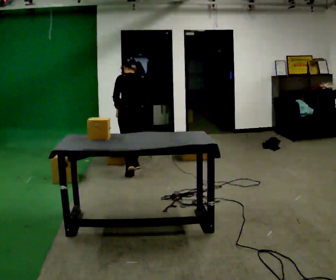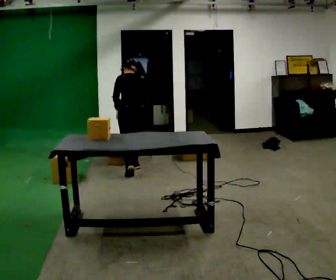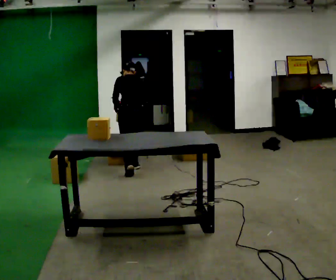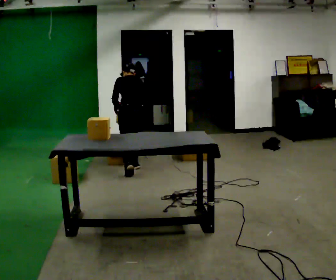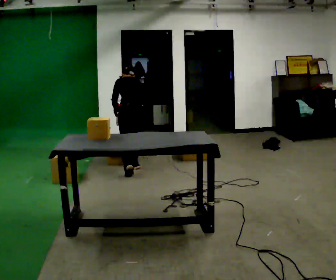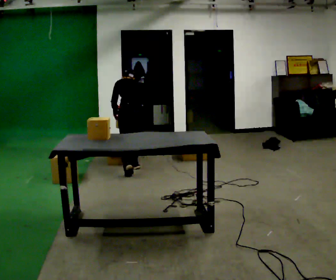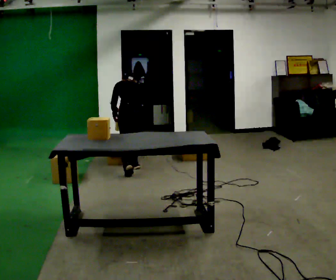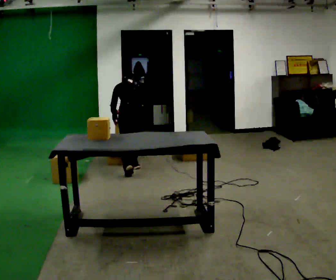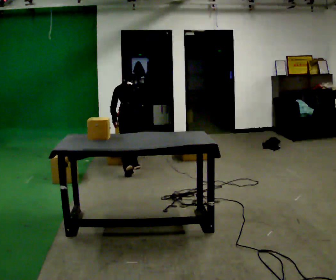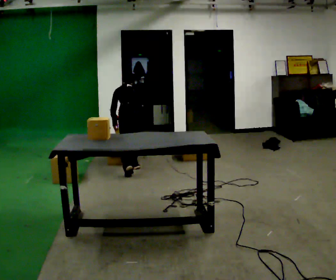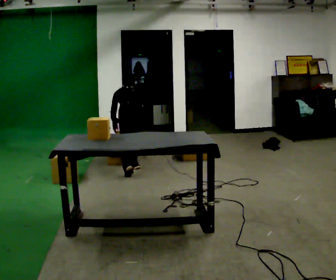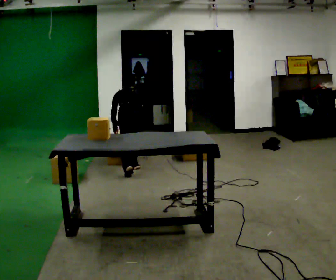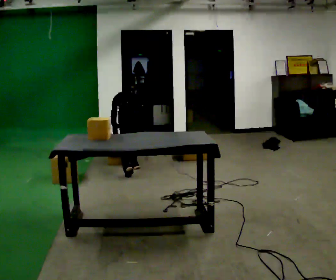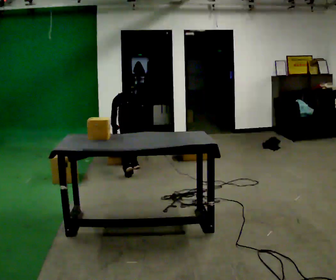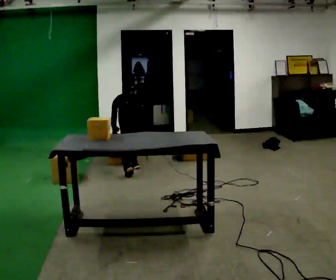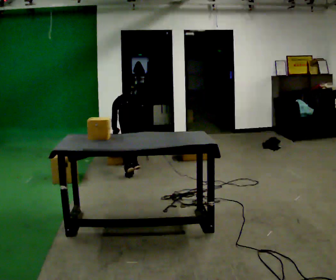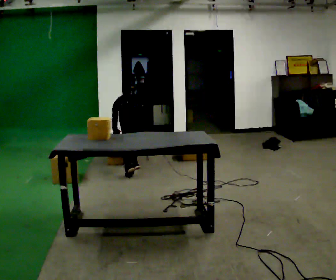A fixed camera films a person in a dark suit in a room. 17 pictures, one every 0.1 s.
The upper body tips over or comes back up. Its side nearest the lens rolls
upward.
Their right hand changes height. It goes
downward.
0.0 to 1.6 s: The upper body goes downward. The upper body tips away from the camera, its near side rolling upward, as they bend forward. In the picture their right hand goes downward.
The film runs forward here.
